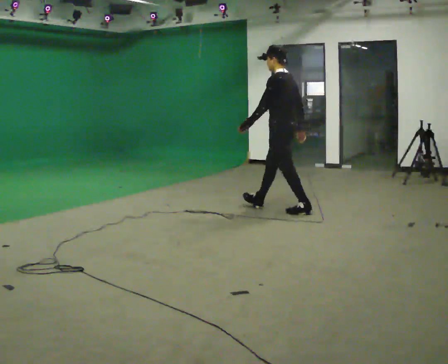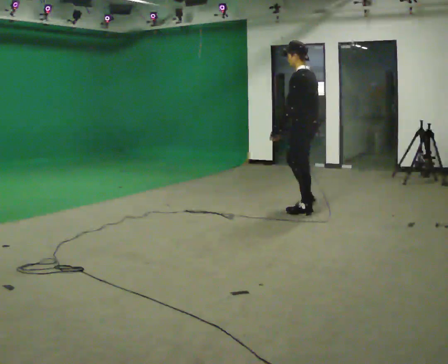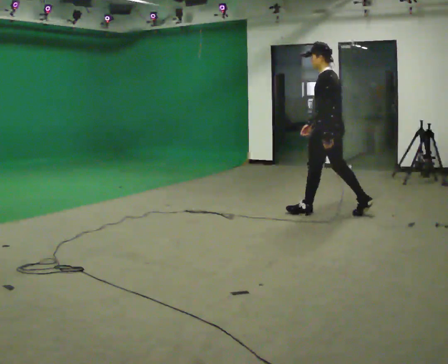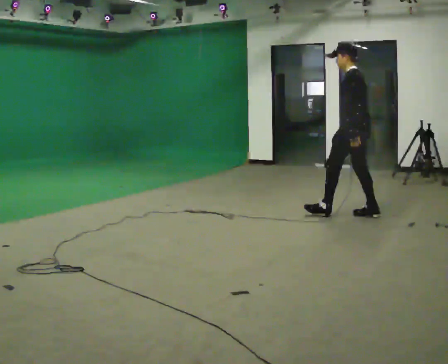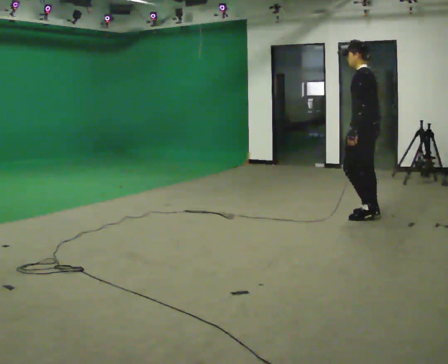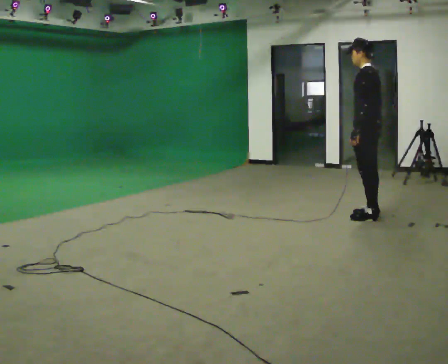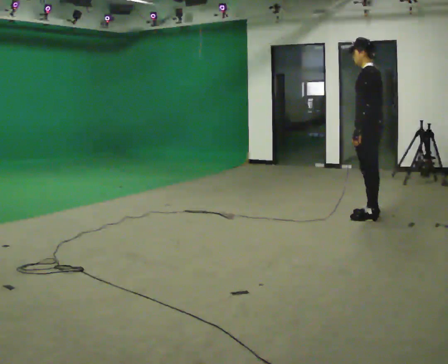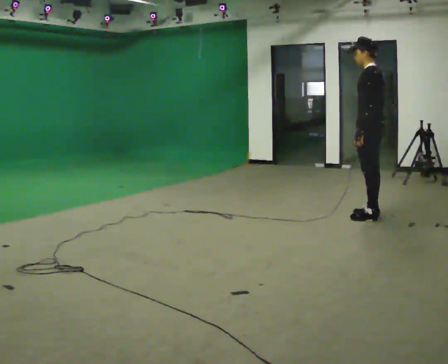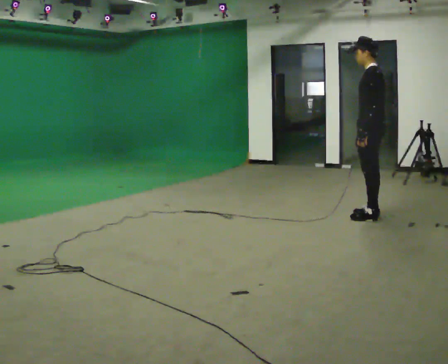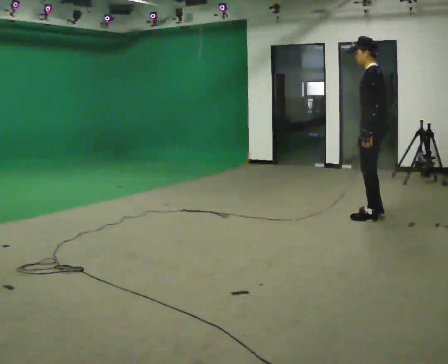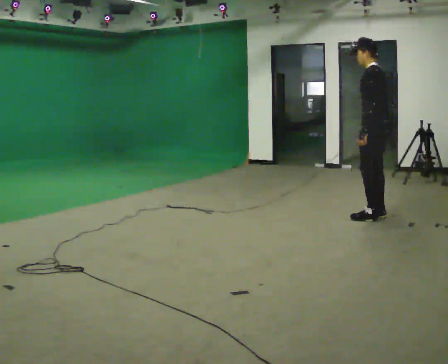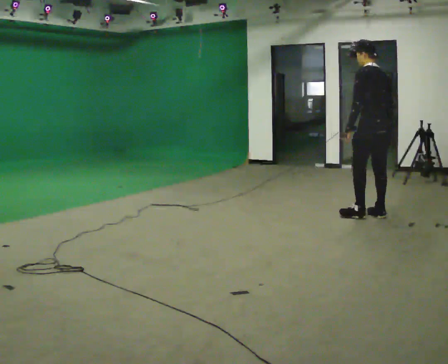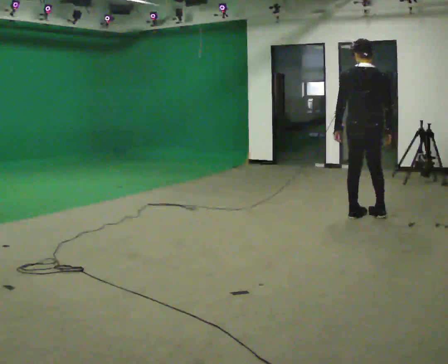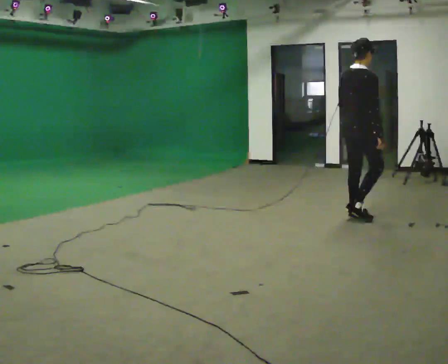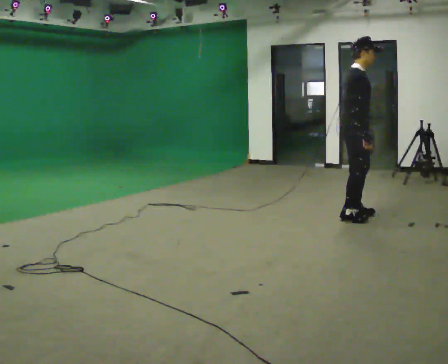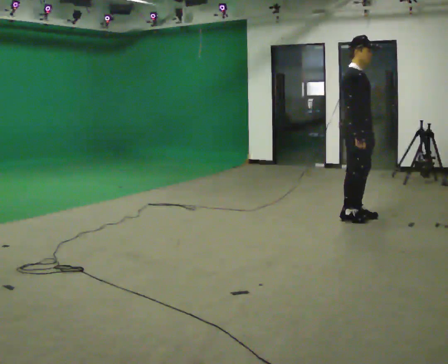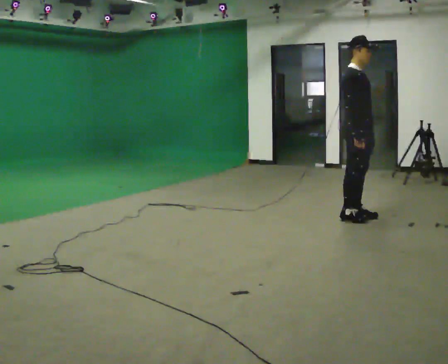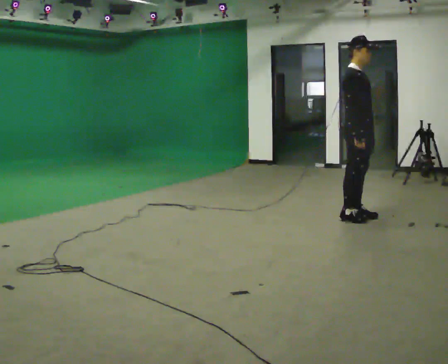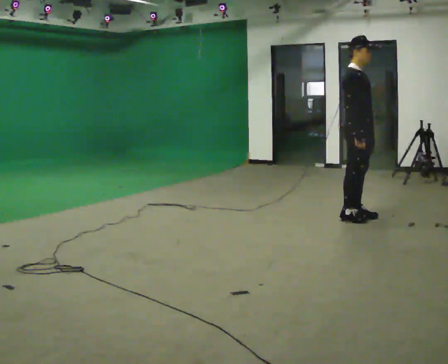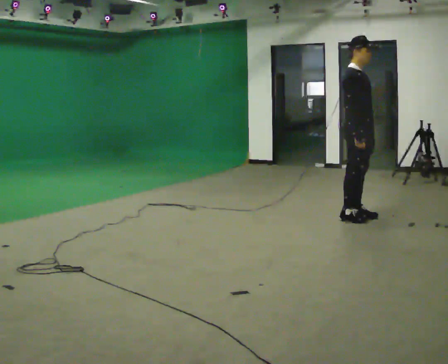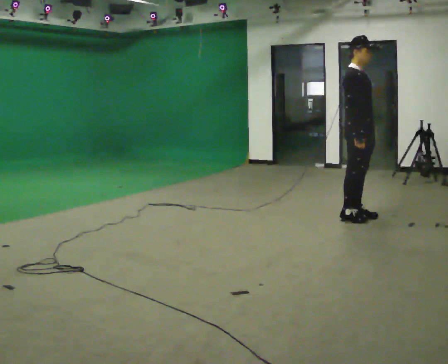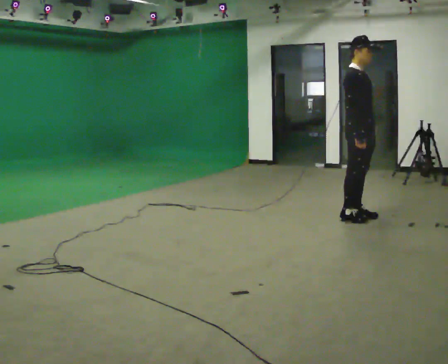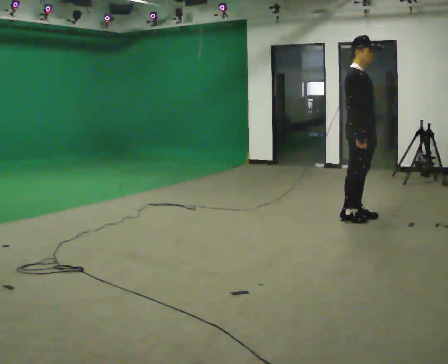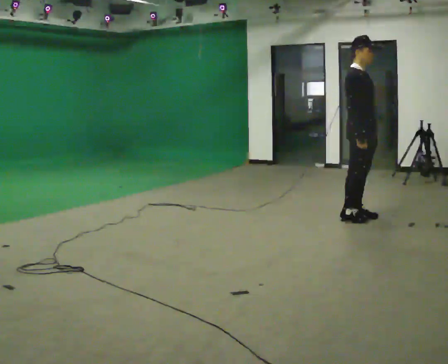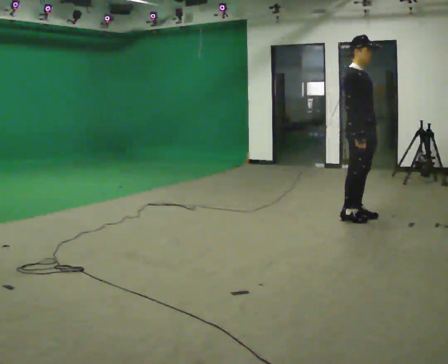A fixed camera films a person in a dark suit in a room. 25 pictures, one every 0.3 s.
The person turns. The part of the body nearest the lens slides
to the left.
The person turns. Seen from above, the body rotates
clockwise.
0.0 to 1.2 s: In the picture they go to the right, about 1 m in 2 steps, which for them is backward.
1.2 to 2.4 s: The person moves a little, or ends about where they began.
2.4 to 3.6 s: Seen from above the body turns clockwise, about 75 degrees: to their right, with its near side sliding to the left.
3.6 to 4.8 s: The part of the body nearest the lens slides to the left as the person turns to their right by about 120 degrees.
4.8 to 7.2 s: The person moves a little, or ends about where they began.
The film runs backward here.
